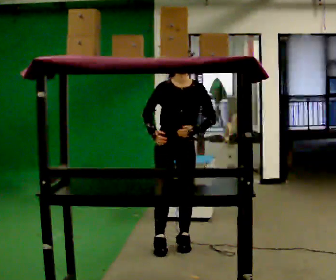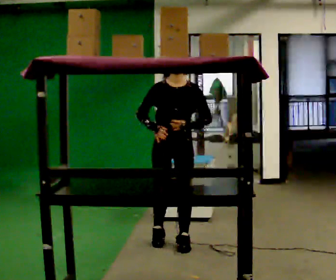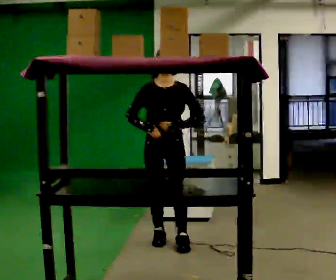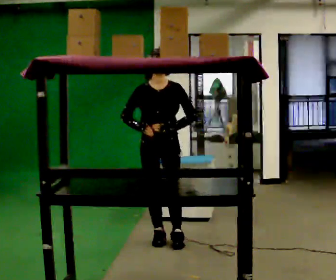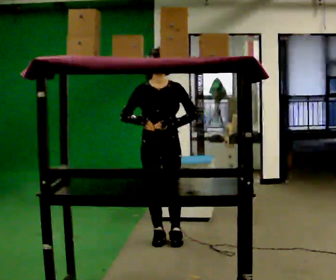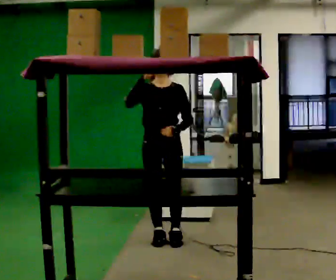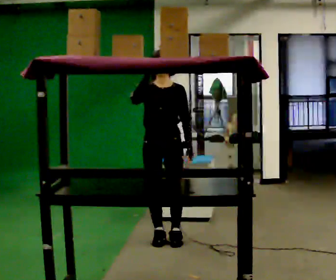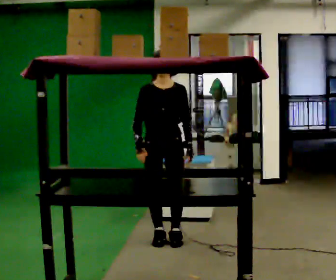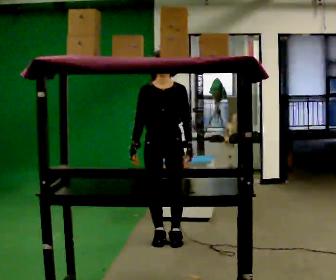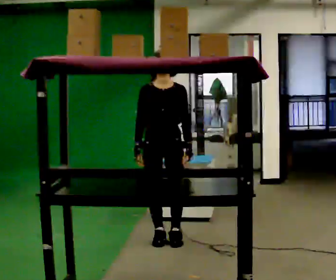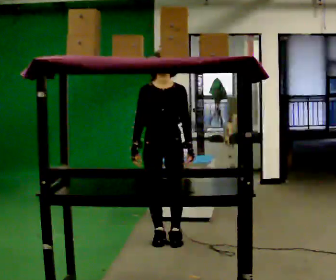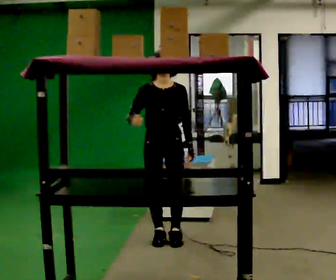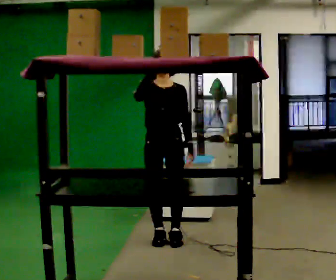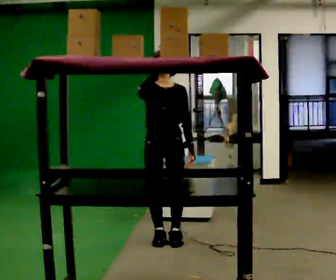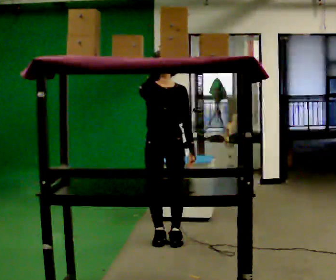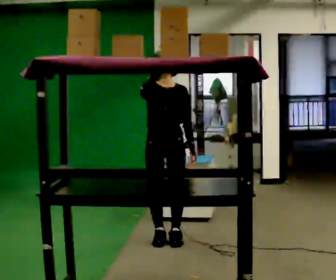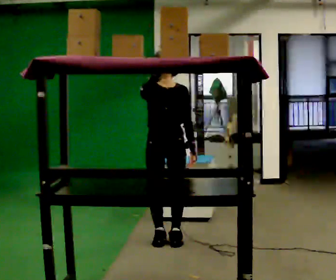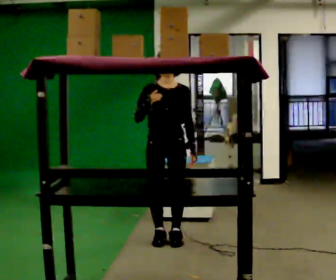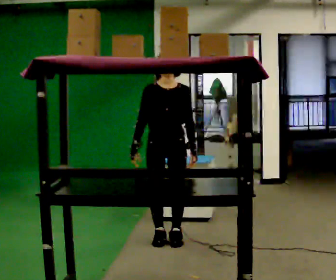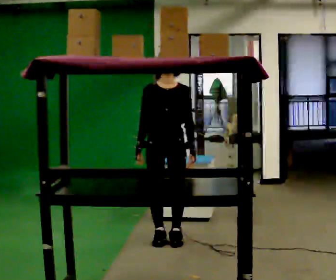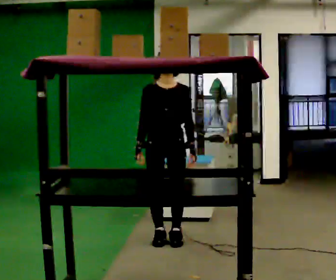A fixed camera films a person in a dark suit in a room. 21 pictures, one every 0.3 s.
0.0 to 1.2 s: In the picture they go away from the camera, about 0.25 m in 2 steps, which for them is backward and to their right.
1.2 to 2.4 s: The person moves a little, or ends about where they began.
2.4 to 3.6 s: In the picture their right hand goes upward.
3.6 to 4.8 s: The person moves a little, or ends about where they began.
4.8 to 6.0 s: In the picture their right hand goes downward.
The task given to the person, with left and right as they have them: Reach up into the bin on the top shelf, take out one object at a time, and carry it to the table. Keep going until the operator says stop; one object at a time, and do not rush between trips.
The film runs forward here.
